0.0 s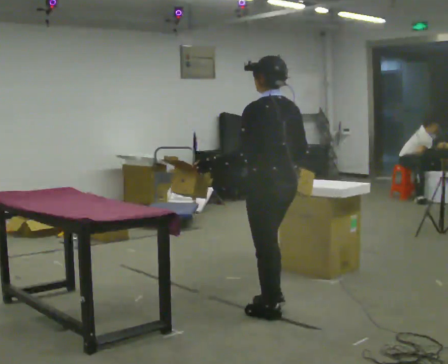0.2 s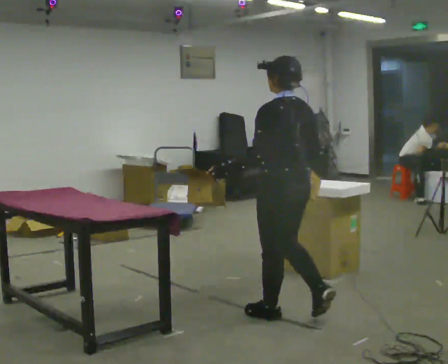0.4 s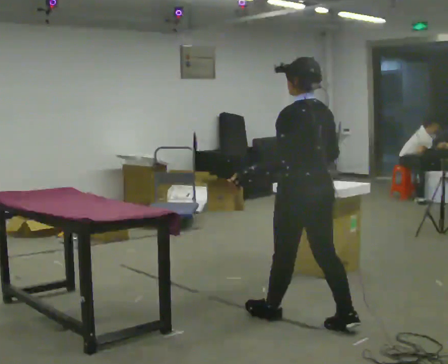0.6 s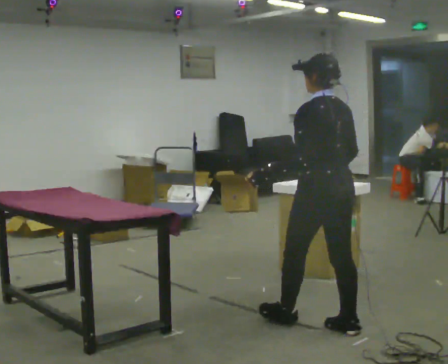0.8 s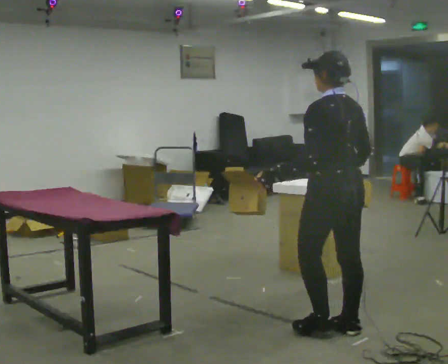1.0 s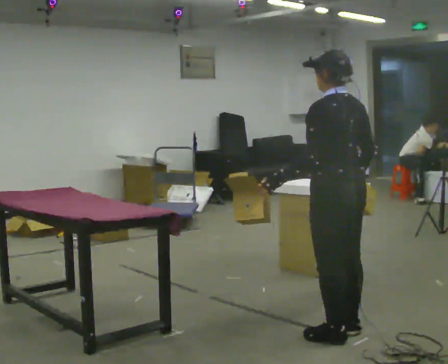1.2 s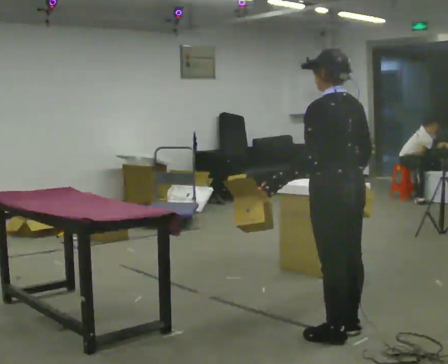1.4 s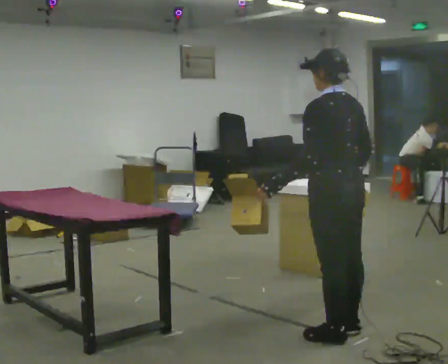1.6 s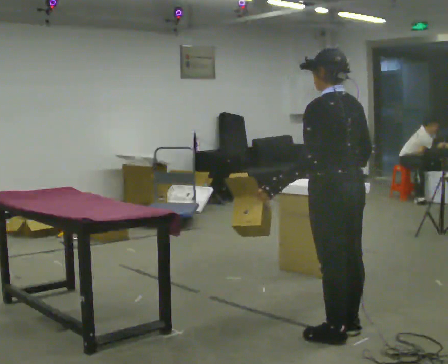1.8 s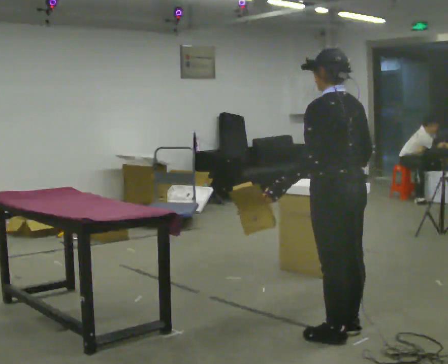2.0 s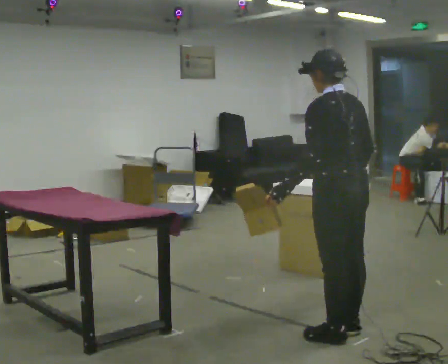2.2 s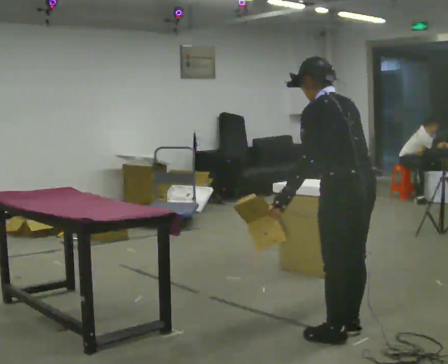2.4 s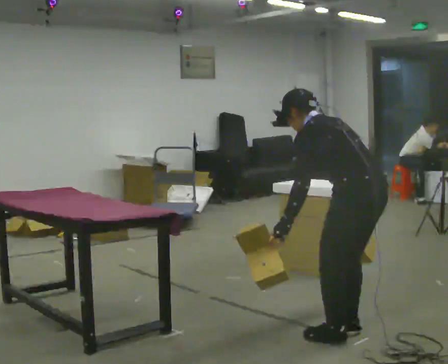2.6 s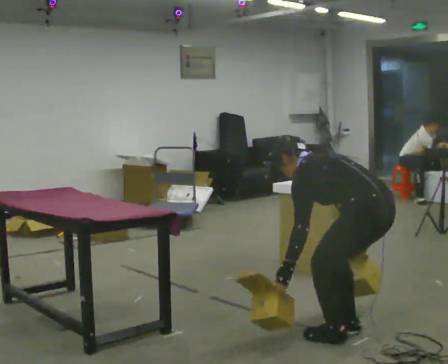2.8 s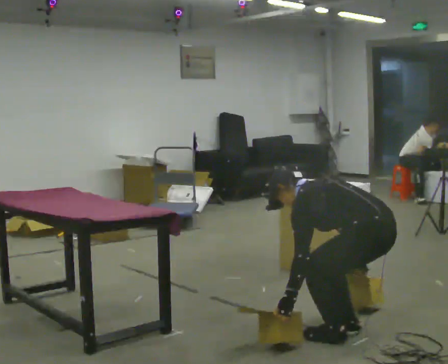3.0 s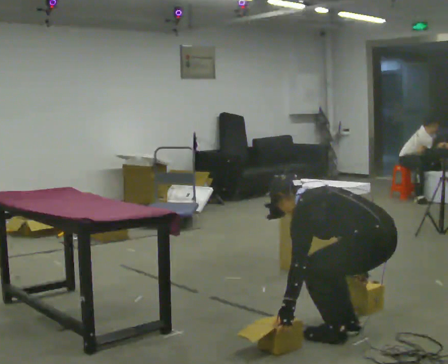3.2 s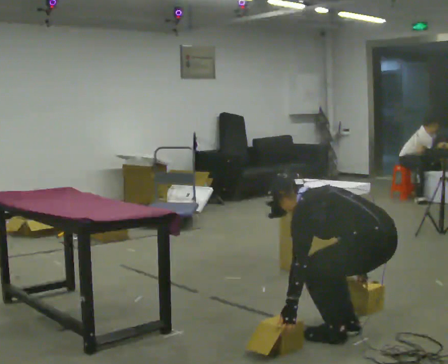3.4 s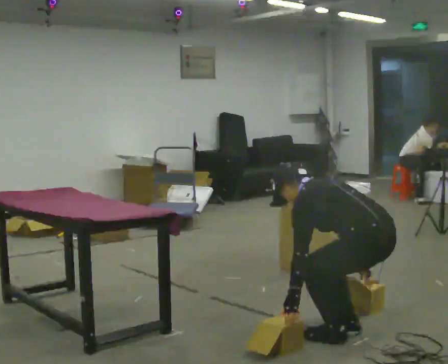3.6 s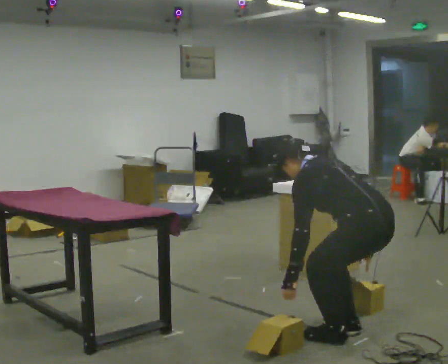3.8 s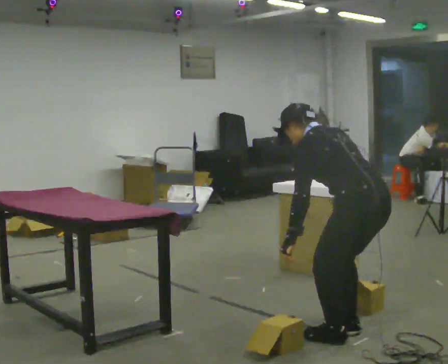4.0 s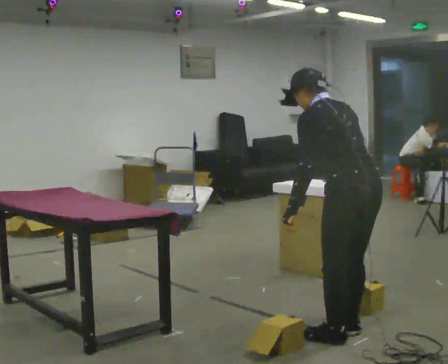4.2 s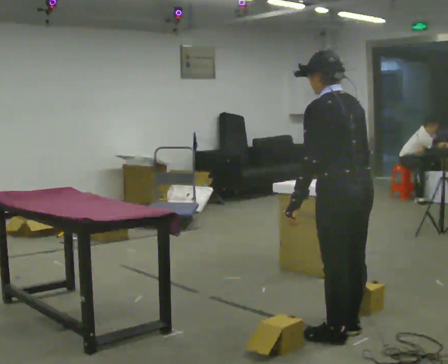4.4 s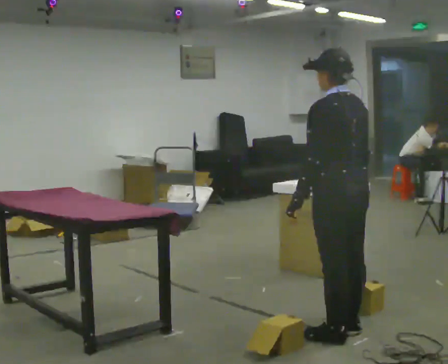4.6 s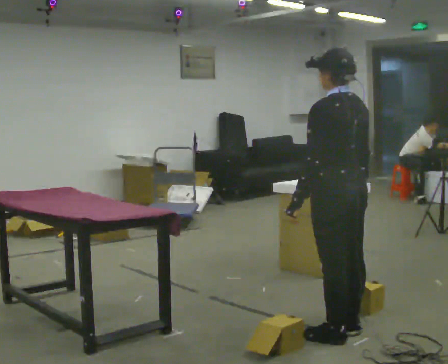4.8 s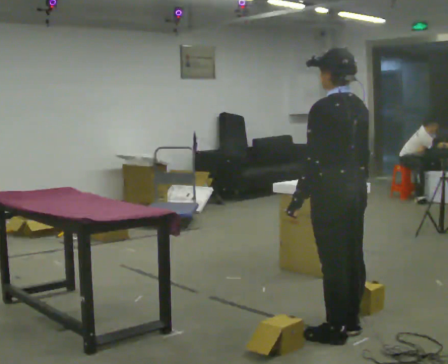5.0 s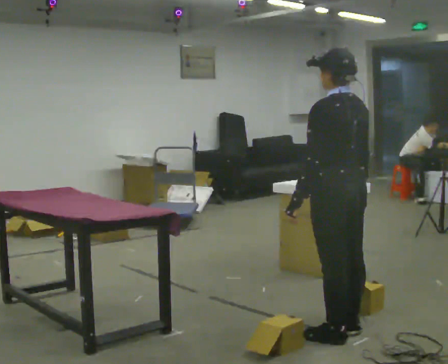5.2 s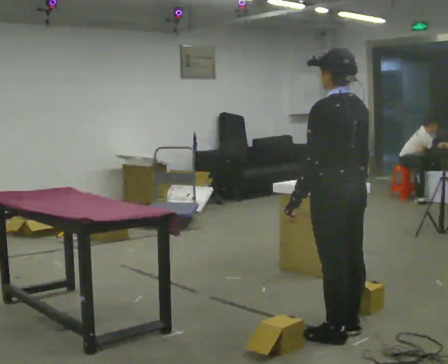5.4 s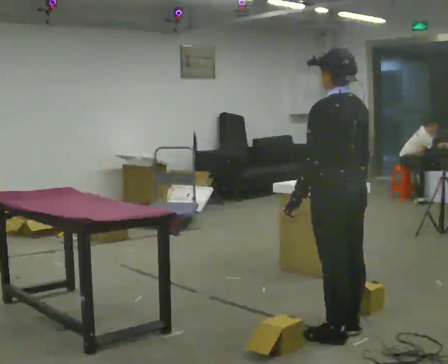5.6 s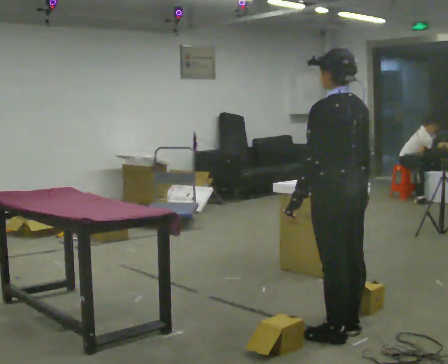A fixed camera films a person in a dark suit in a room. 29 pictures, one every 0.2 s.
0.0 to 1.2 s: In the picture they go to the right and toward the camera, about 0.5 m in 1 step, which for them is backward.
1.2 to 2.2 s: The person moves a little, or ends about where they began.
2.2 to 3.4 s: The upper body goes downward. In the picture the upper body tilts counterclockwise, shoulders to the left, as they bend forward. In the picture their left hand goes downward.
3.4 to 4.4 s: In the picture they go to the left, about 0.25 m, which for them is forward. The shoulders move upward. In the picture the upper body tilts clockwise, shoulders to the right, as they lean back or straighten. In the picture their left hand goes upward.
4.4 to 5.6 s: The person keeps their place and pose.
The film runs backward here.
